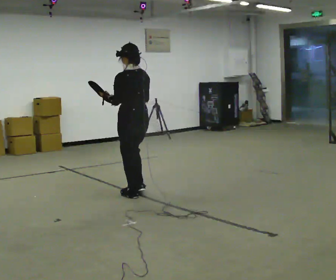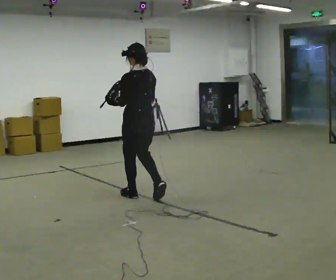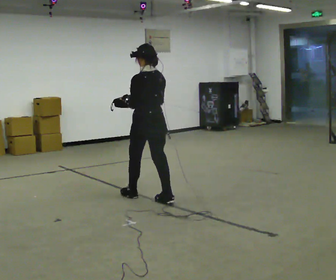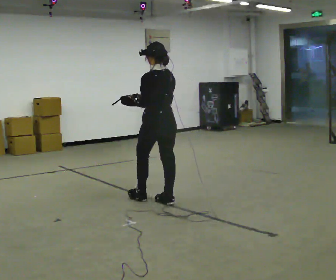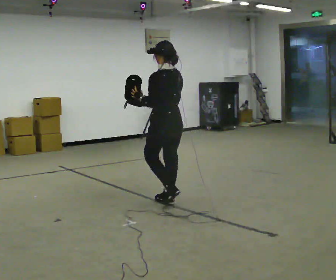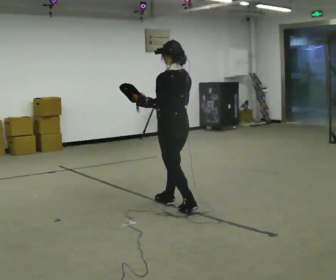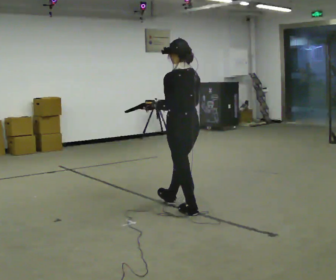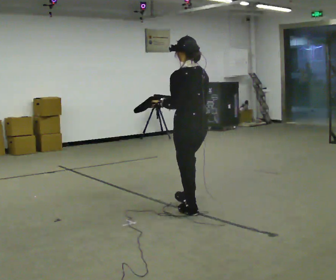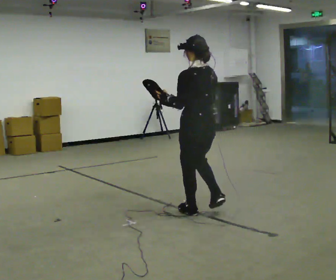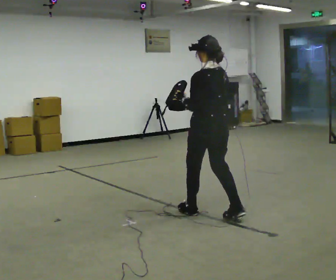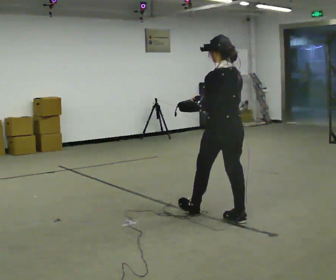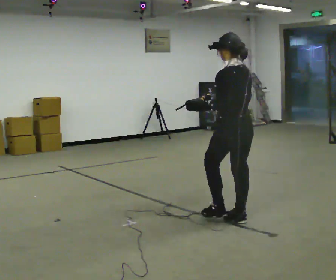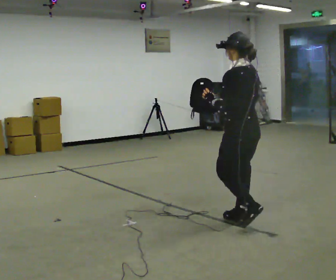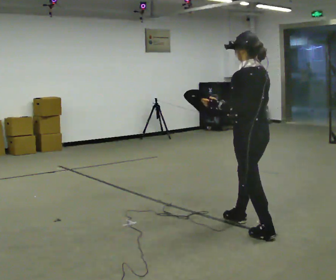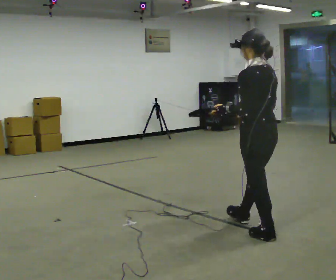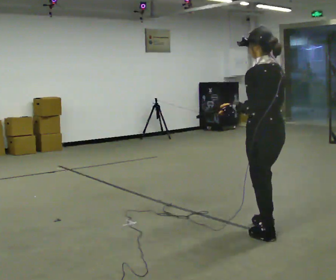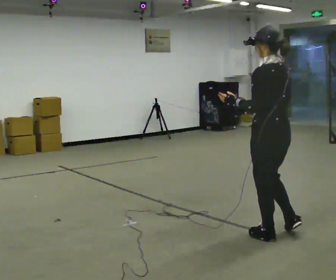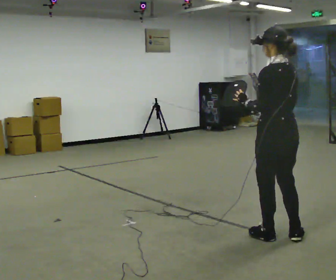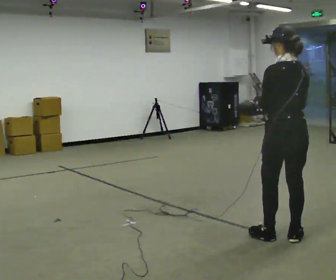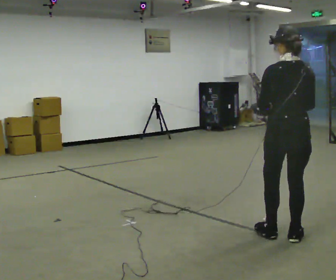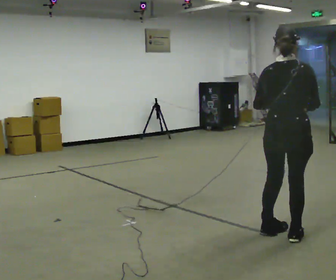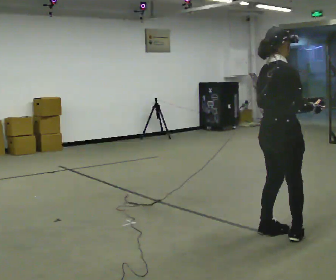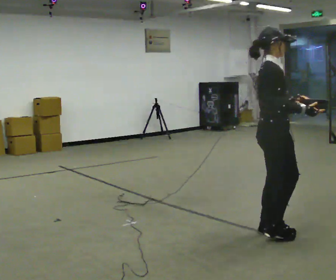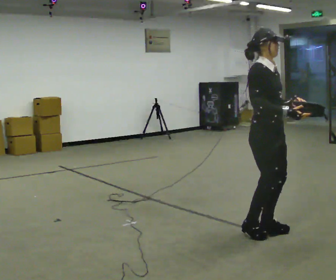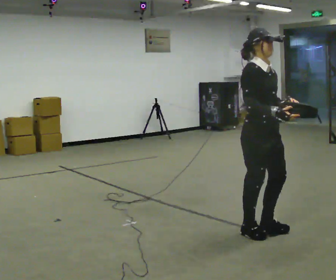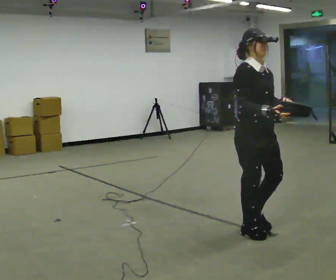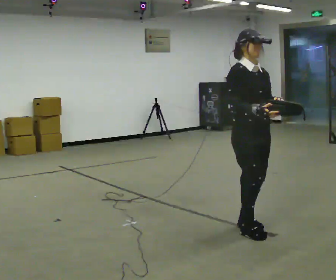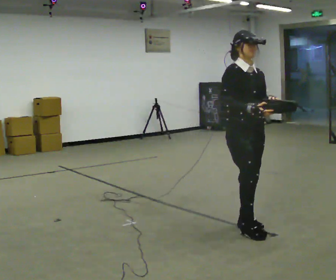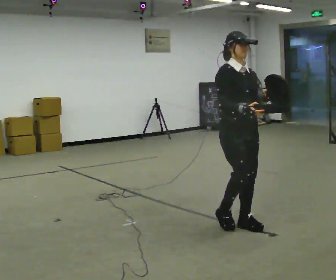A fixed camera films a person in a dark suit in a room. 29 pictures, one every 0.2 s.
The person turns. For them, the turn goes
to their right.
The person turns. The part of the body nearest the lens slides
to the left.
0.0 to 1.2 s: In the picture they go to the right and toward the camera, about 0.5 m in 2 steps, which for them is backward.
1.2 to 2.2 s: In the picture they go to the right and toward the camera, about 0.5 m in 1 step, which for them is backward.
2.2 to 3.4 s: In the picture they go toward the camera and to the right, about 0.5 m in 1 step, which for them is backward.
3.4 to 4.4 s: The person turns about 135 degrees to their right, clockwise seen from above, so the part of the body nearest the lens slides to the left. In the picture their right hand goes to the right.
4.4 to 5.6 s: The part of the body nearest the lens slides to the left as the person turns to their right by about 60 degrees. In the picture they go to the left and away from the camera, about 0.25 m in 2 steps, which for them is backward.
The film runs backward here.
